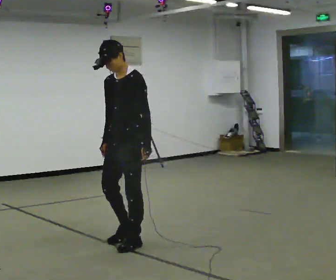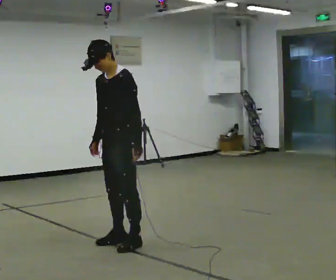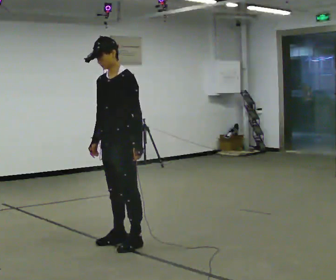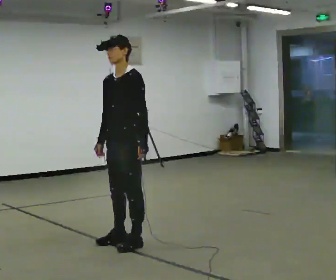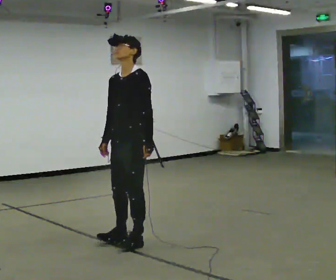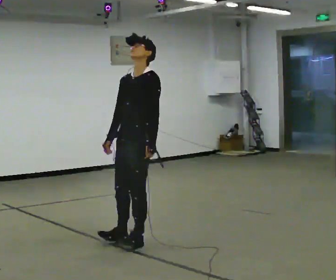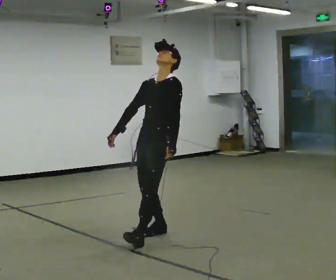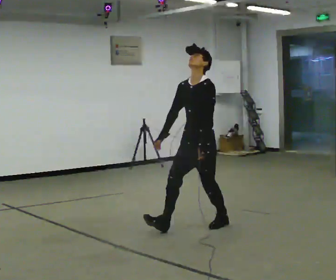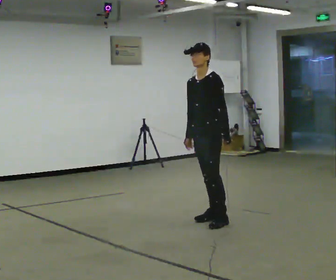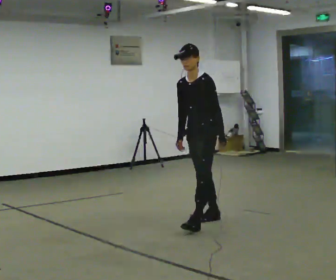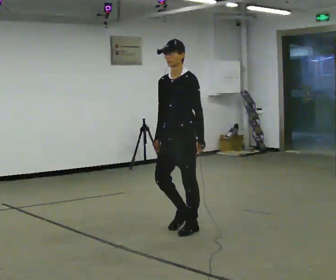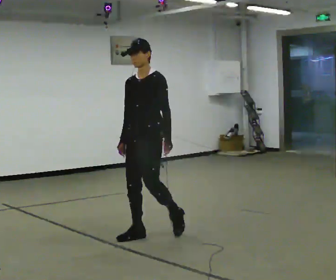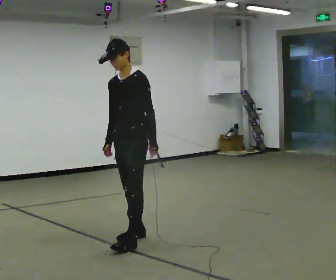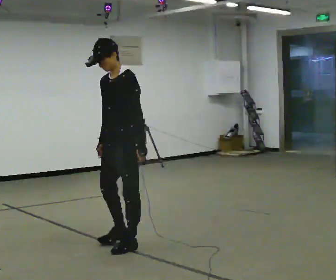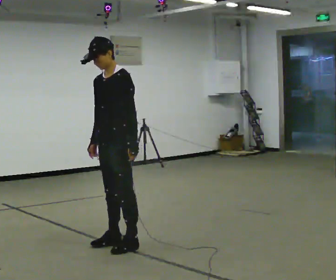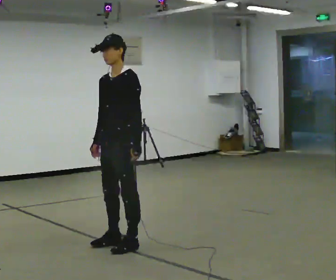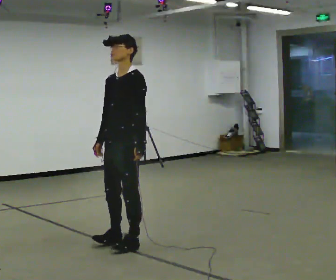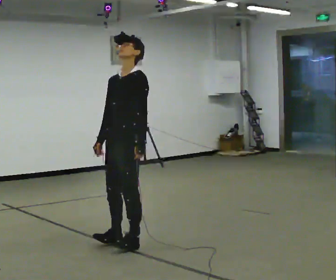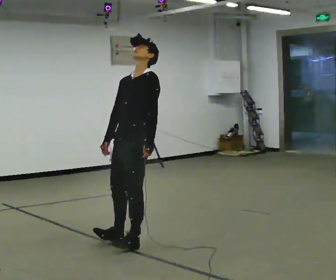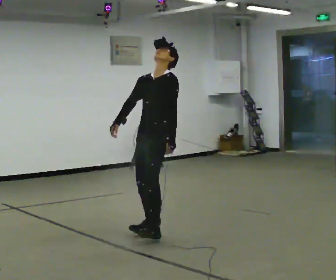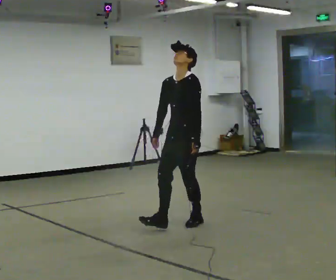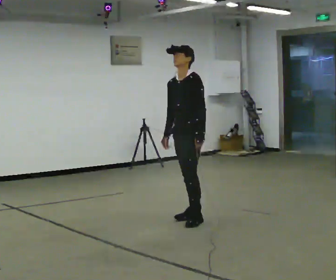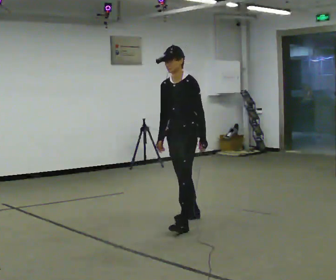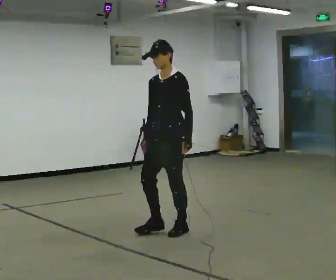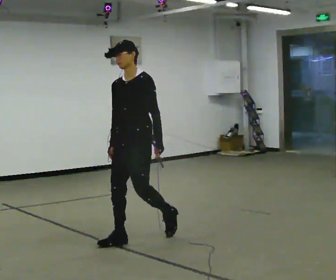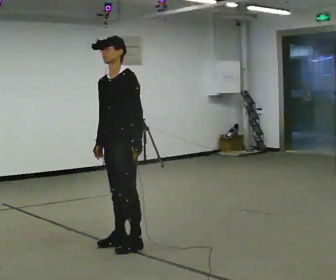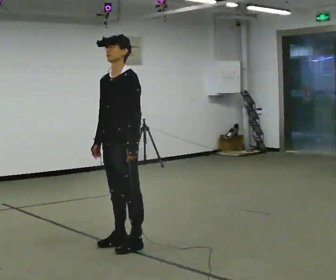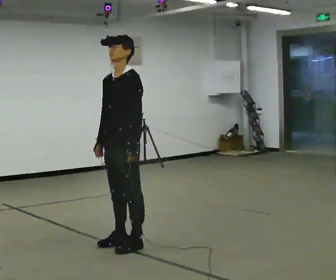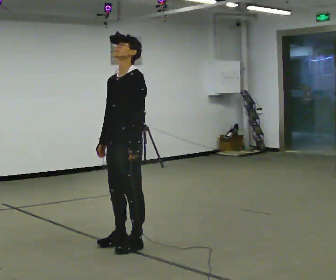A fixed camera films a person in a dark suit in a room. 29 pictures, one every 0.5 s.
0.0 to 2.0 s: The person moves a little, or ends about where they began.
2.0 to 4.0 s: In the picture they go to the right and away from the camera, about 1 m in 3 steps, which for them is backward.
4.0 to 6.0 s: In the picture they go to the left and toward the camera, about 1 m in 3 steps, which for them is forward.
6.0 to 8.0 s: In the picture they go toward the camera, about 0.25 m in 1 step, which for them is forward.
8.0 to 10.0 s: In the picture they go away from the camera and to the right, about 1 m in 2 steps, which for them is backward.
10.0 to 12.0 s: In the picture they go toward the camera and to the left, about 0.5 m in 3 steps, which for them is forward.
12.0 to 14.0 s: In the picture they go toward the camera, about 0.25 m in 1 step, which for them is forward.
The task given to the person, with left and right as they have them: Stand on the marked spots. Lean backward, keeping your body straight, until you cannot hold it, then step back to catch yourself. Return to the spots. Repeat at your own pace until the operator says stop. Go slowly and only as far as you are comfortable. Step whenever you need to; do not try to hold on longer than feels safe.
The film runs forward here.
